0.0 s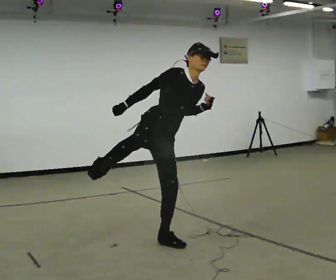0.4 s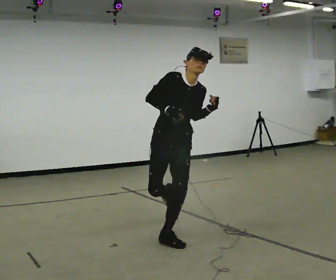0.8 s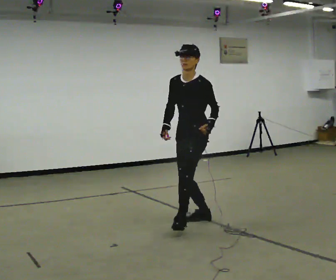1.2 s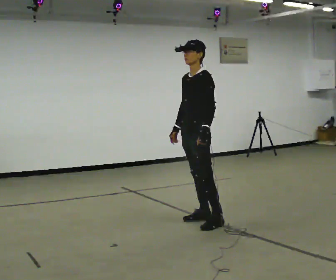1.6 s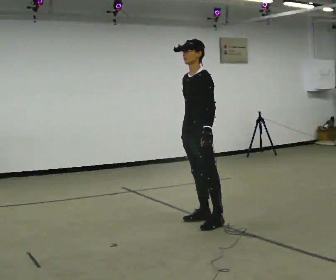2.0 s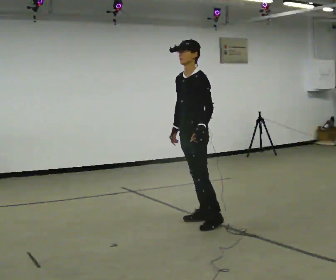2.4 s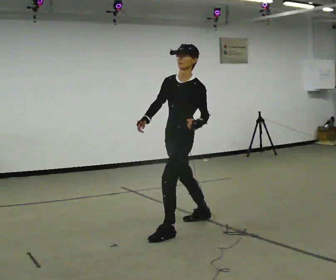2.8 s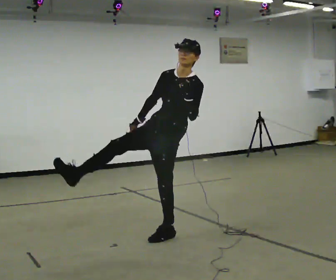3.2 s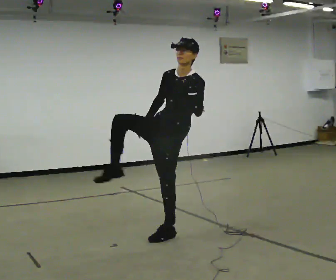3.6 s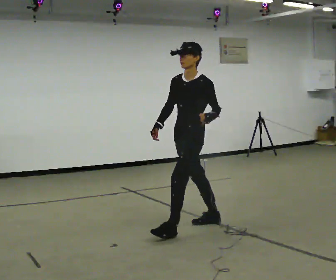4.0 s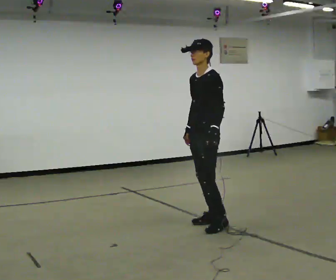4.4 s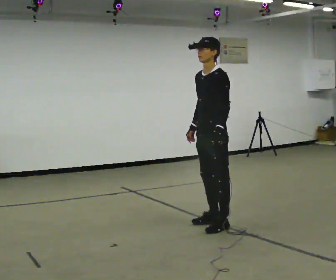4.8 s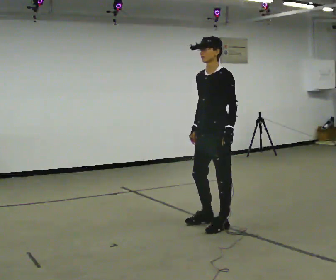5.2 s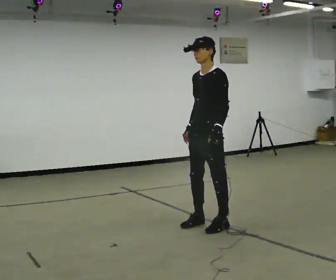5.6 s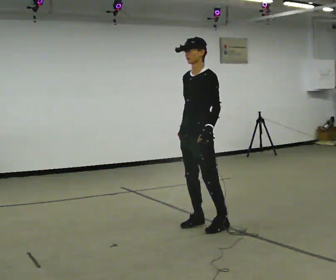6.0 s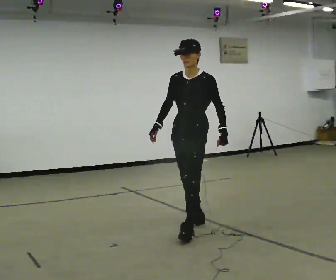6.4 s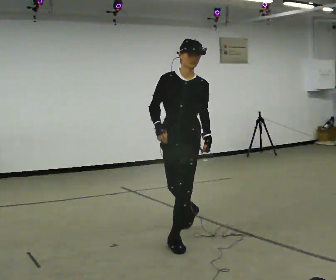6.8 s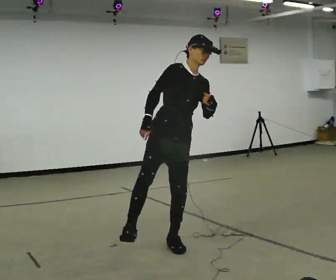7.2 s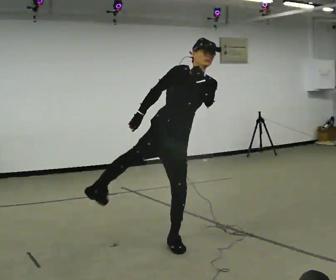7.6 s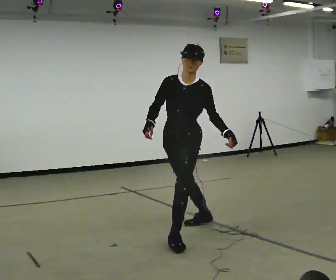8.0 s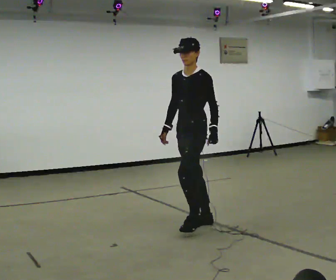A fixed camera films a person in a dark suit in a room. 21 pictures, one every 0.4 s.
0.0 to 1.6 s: The part of the body nearest the lens slides to the left as the person turns to their right by about 105 degrees. In the picture they go away from the camera and to the right, about 0.75 m in 1 step. In the picture the upper body tilts counterclockwise, shoulders to the left.
1.6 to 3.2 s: In the picture they go toward the camera and to the left, about 0.5 m in 1 step, which for them is forward. In the picture their left hand goes upward.
3.2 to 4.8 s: In the picture they go to the right and away from the camera, about 0.5 m in 2 steps, which for them is backward. In the picture the upper body tilts counterclockwise, shoulders to the left. In the picture their left hand goes downward.
4.8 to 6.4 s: The part of the body nearest the lens slides to the right as the person turns to their left by about 45 degrees. In the picture they go toward the camera and to the left, about 0.5 m in 1 step, which for them is forward.
6.4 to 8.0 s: The person turns about 45 degrees to their right, clockwise seen from above, so the part of the body nearest the lens slides to the left. In the picture they go away from the camera, about 0.5 m in 1 step.
The film runs backward here.
